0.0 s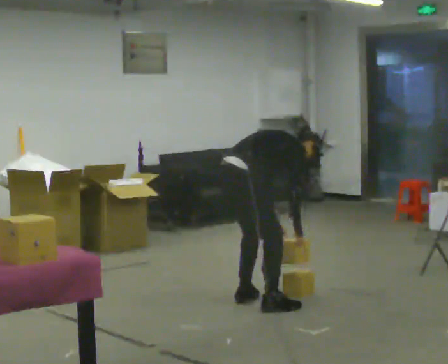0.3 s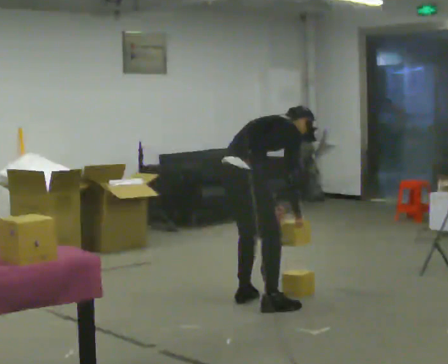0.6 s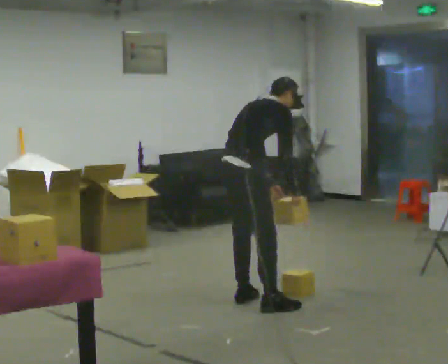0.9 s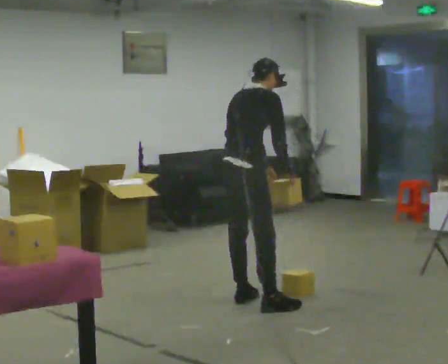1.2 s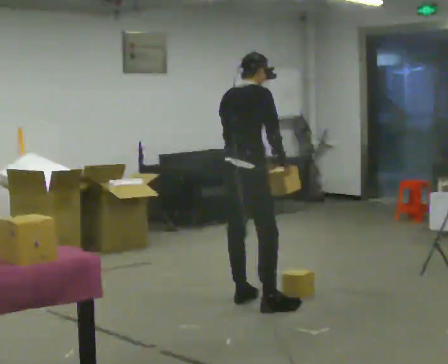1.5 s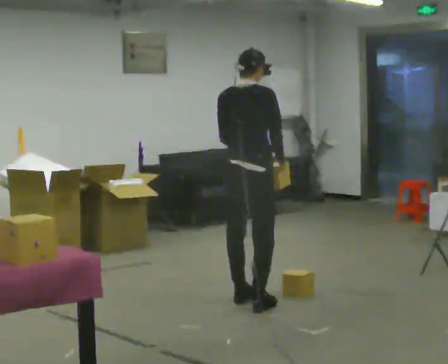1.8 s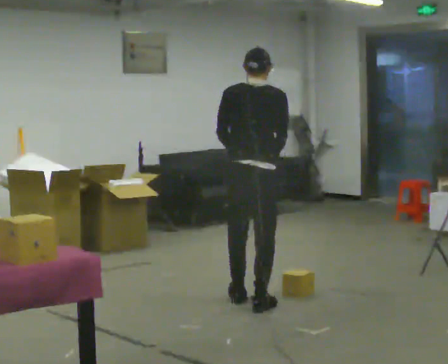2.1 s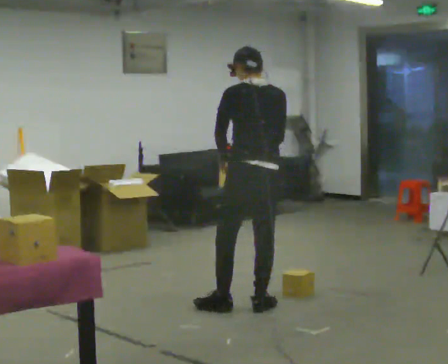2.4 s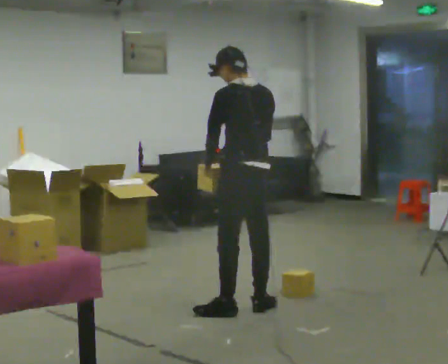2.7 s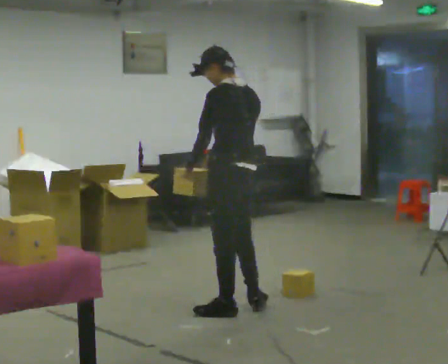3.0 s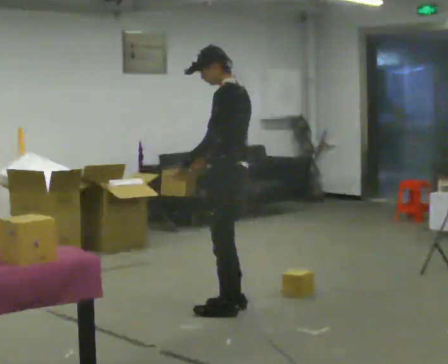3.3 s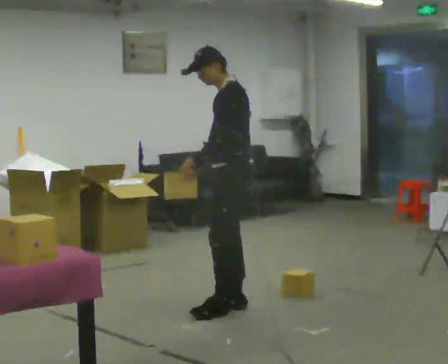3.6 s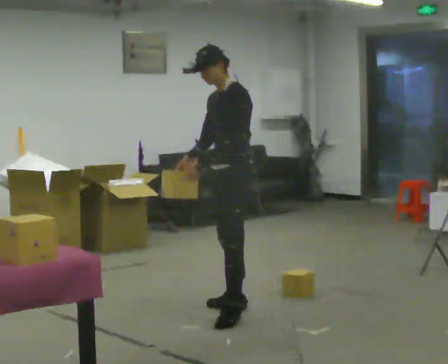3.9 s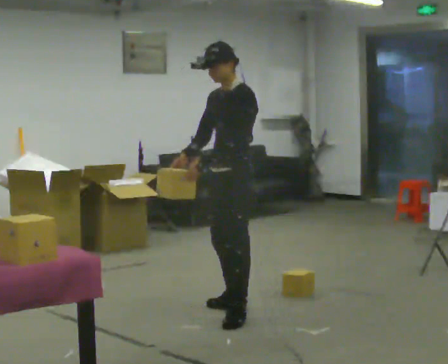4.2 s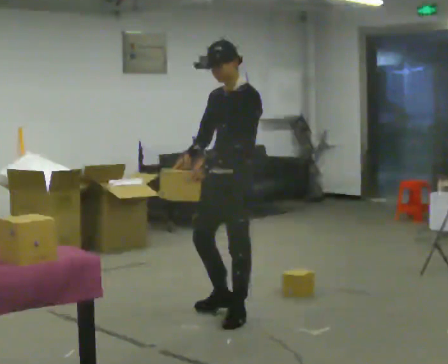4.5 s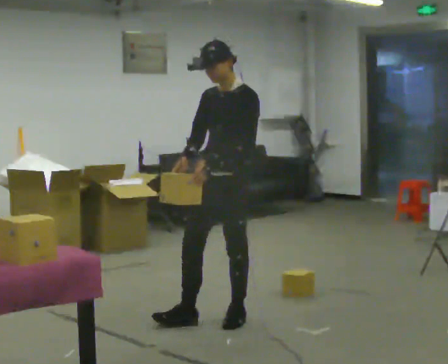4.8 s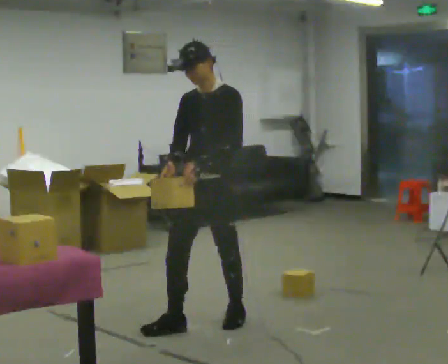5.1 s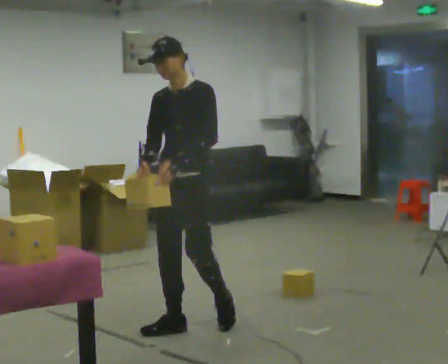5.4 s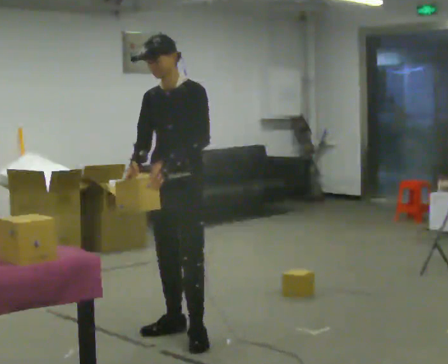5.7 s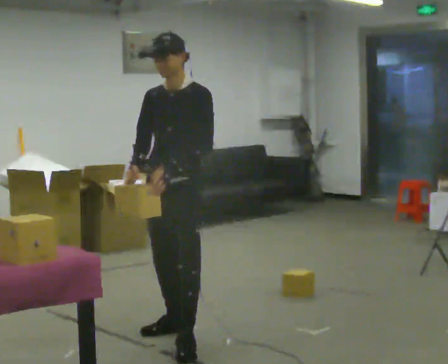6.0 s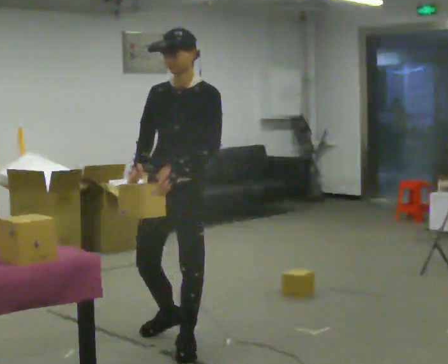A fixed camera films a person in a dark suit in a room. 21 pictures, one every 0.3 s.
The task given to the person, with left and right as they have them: Pick an object up off the floor at one end of the room, carry it across, and place it on the waist-height shelf at the other end. Keep going until the operator says stop; one object at a time, and do not rush between trips.
0.0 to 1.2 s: The shoulders move upward. In the picture the upper body tilts counterclockwise, shoulders to the left, as they lean back or straighten. In the picture their right hand goes upward.
1.2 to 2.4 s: The part of the body nearest the lens slides to the right as the person turns to their left by about 75 degrees. In the picture they go toward the camera, about 0.25 m in 1 step.
2.4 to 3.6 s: The person turns about 90 degrees to their left, counterclockwise seen from above, so the part of the body nearest the lens slides to the right.
3.6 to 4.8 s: The part of the body nearest the lens slides to the right as the person turns to their left by about 30 degrees. In the picture they go toward the camera, about 0.5 m in 1 step, which for them is forward and to their left.
4.8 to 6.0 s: In the picture they go toward the camera, about 0.5 m in 1 step, which for them is forward.
The film runs forward here.
